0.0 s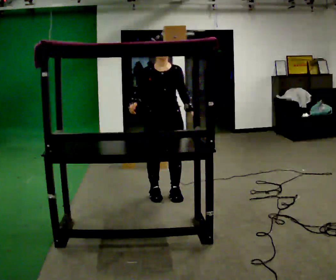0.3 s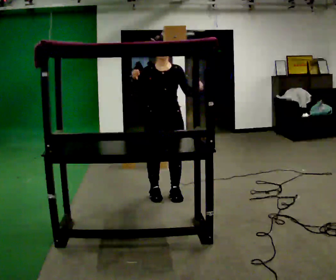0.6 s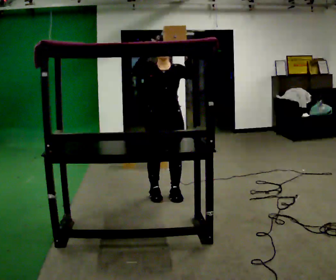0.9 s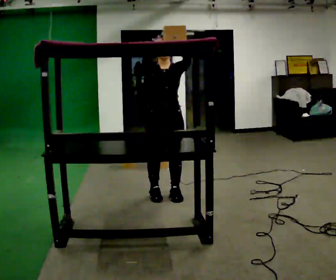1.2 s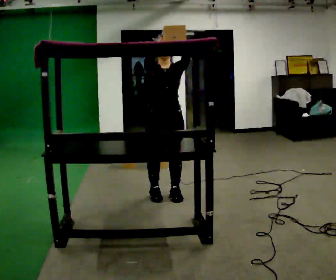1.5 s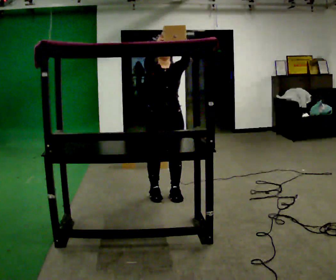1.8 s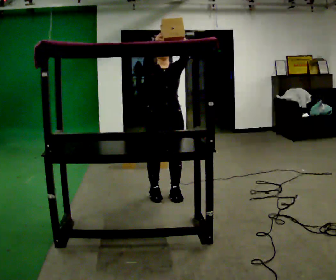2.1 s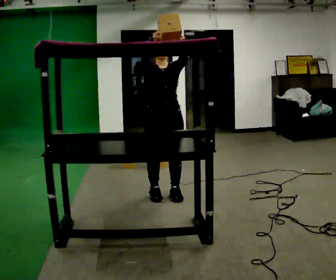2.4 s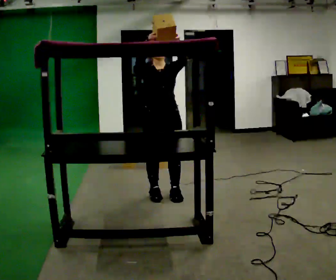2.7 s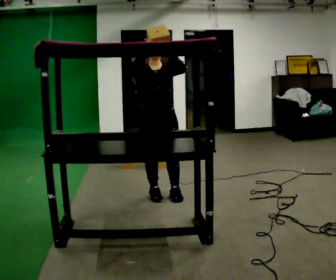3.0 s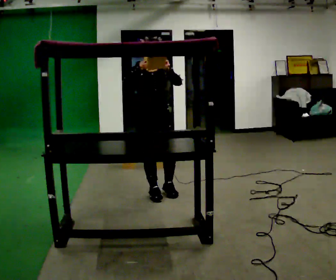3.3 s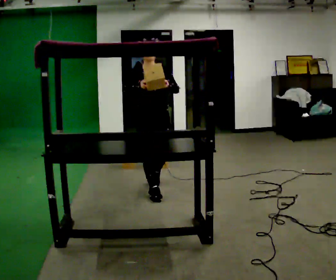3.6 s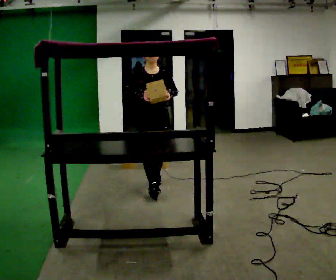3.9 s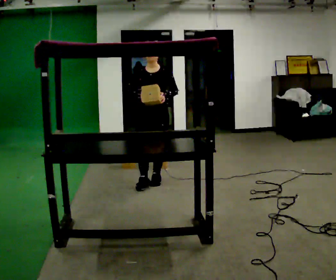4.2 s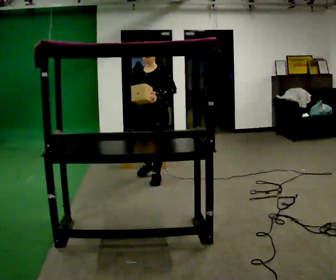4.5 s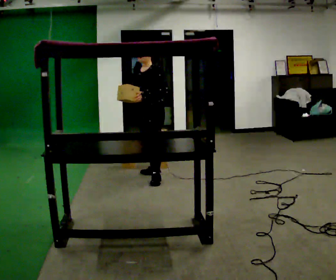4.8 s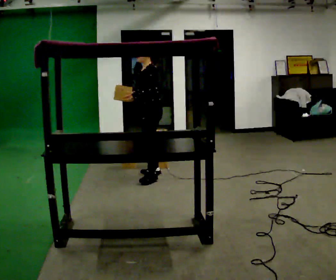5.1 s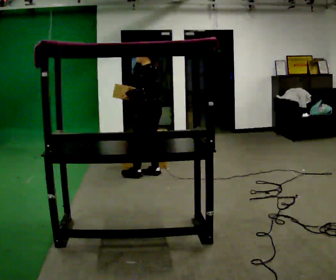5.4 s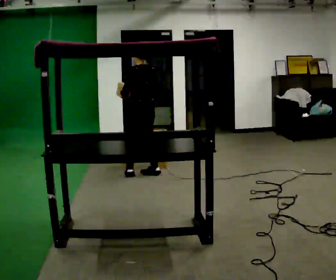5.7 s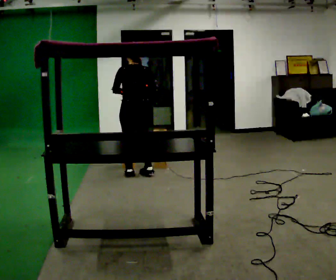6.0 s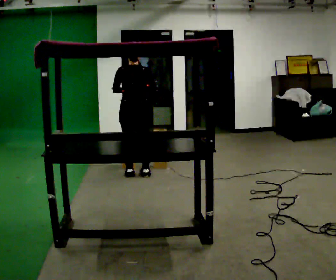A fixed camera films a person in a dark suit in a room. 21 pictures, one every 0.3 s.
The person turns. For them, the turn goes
to their right.
The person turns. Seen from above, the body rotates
clockwise.
0.0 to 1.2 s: In the picture their left hand goes upward.
1.2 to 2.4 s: The person moves a little, or ends about where they began.
2.4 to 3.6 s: In the picture they go away from the camera, about 0.5 m in 1 step, which for them is backward. In the picture their right hand goes downward.
3.6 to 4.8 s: Seen from above the body turns clockwise, about 90 degrees: to their right, with its near side sliding to the left. In the picture they go away from the camera, about 0.5 m in 2 steps.
4.8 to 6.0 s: The part of the body nearest the lens slides to the left as the person turns to their right by about 105 degrees. In the picture they go to the left, about 0.25 m in 1 step.
The film runs backward here.
